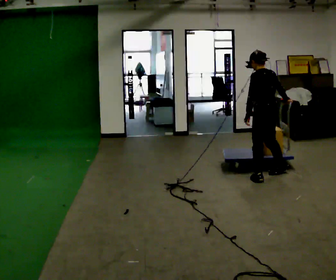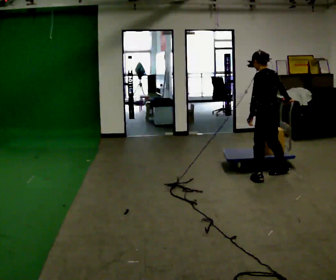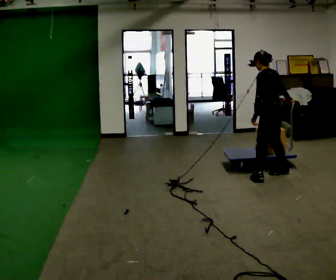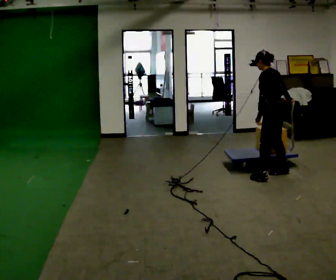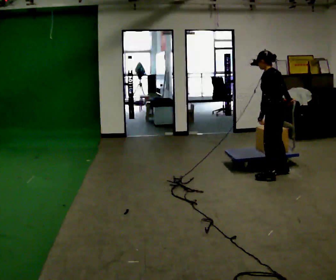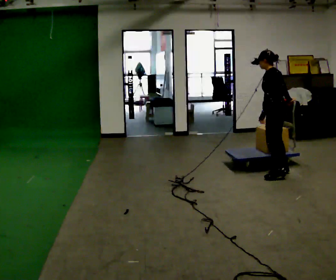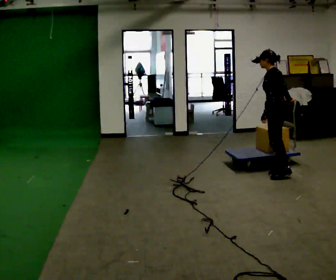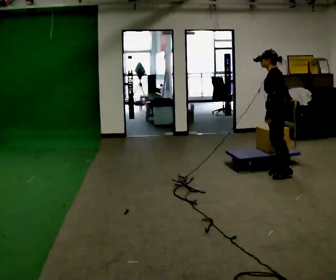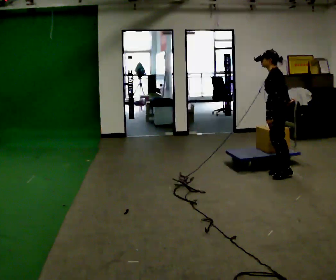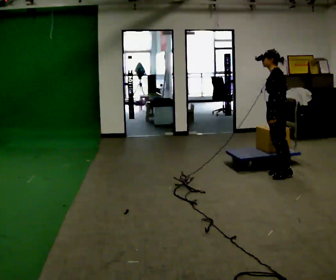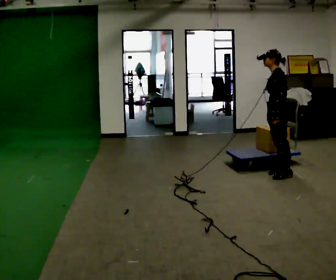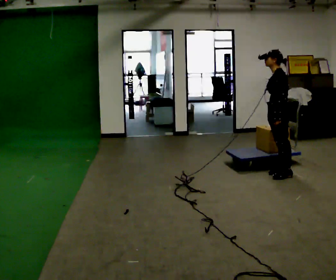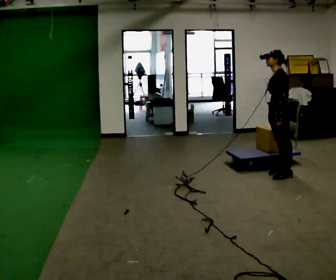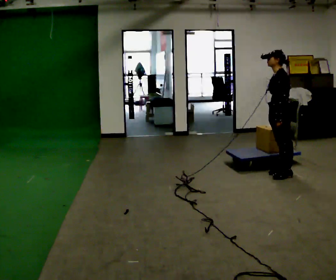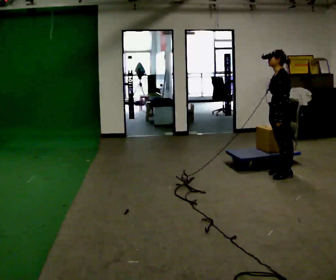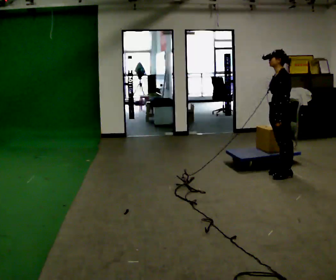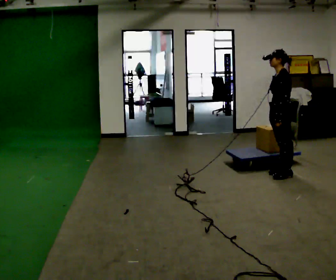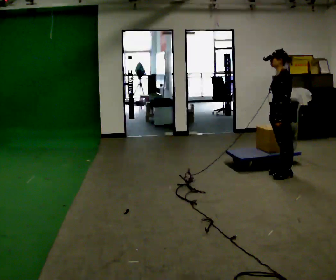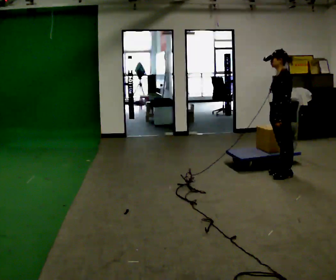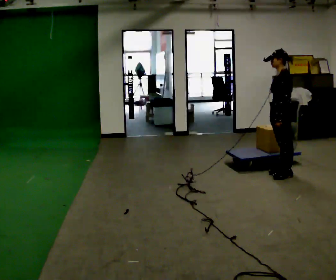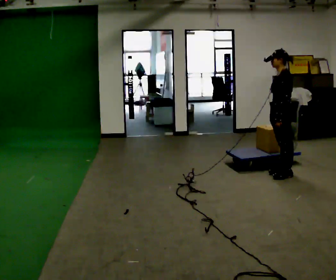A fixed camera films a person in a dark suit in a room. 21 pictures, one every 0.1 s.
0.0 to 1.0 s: The person turns about 45 degrees to their left, counterclockwise seen from above, so the part of the body nearest the lens slides to the right.
1.0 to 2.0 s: The person moves a little, or ends about where they began.
The film runs forward here.
